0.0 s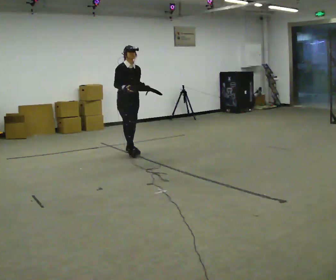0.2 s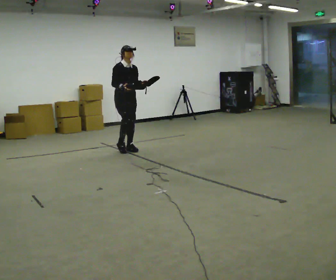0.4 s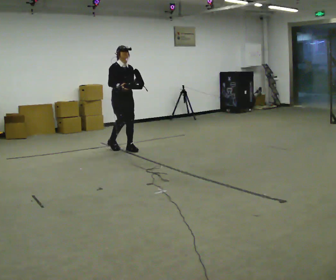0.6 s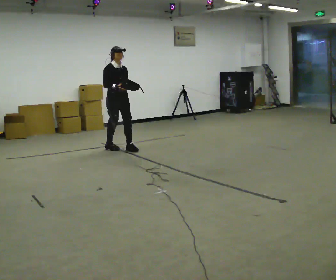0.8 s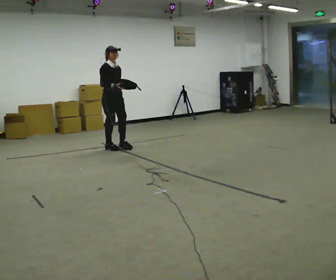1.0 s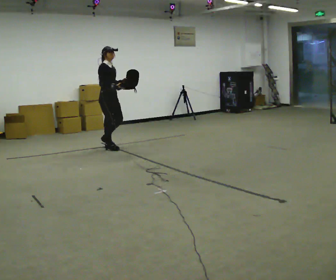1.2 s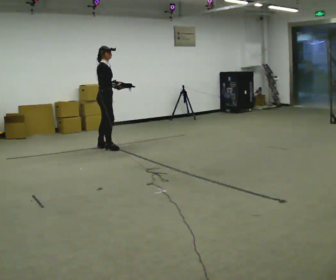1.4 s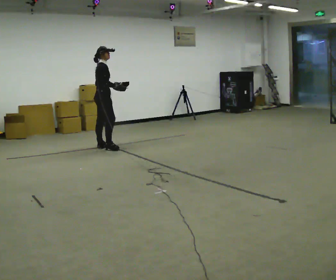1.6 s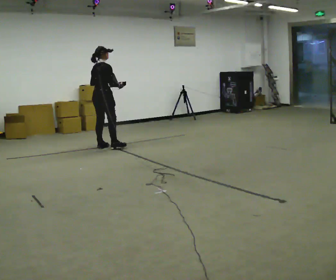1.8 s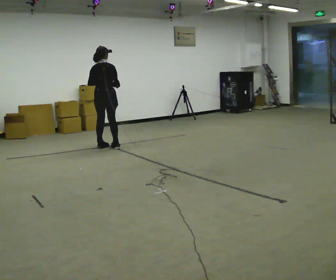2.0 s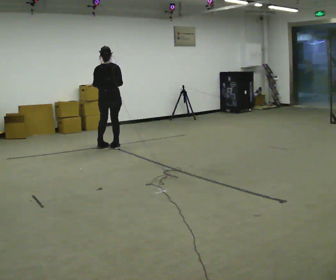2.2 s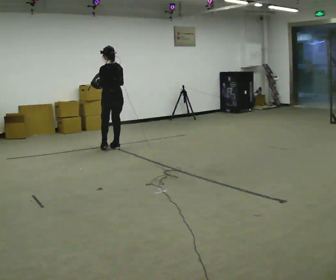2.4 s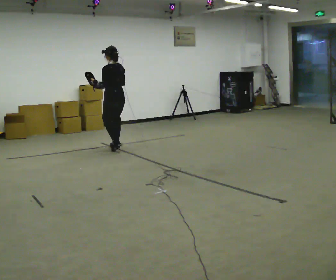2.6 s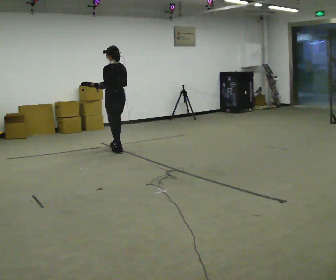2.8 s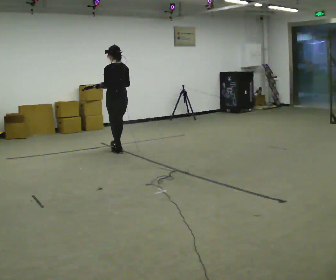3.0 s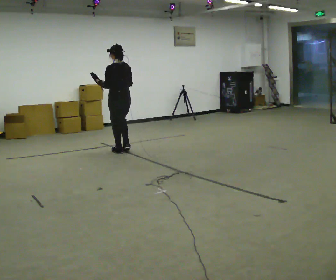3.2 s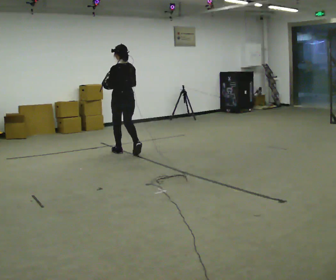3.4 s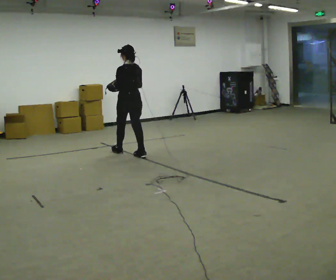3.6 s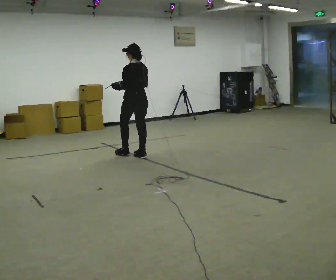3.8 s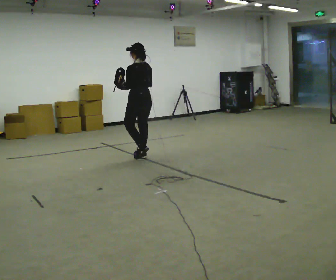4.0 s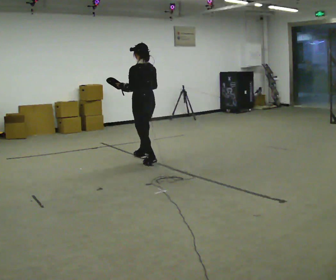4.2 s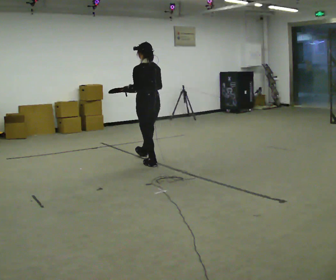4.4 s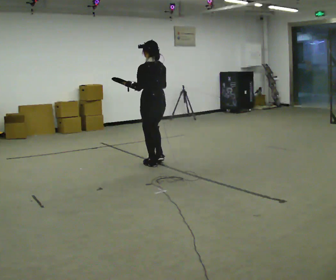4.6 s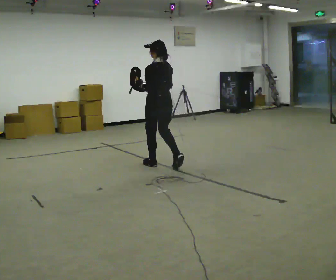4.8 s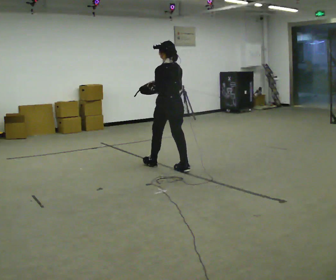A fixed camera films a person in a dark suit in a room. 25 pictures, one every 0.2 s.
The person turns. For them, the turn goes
to their left.
The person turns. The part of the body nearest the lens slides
to the right.
0.0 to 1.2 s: Seen from above the body turns counterclockwise, about 60 degrees: to their left, with its near side sliding to the right. In the picture they go to the left and away from the camera, about 0.5 m in 1 step, which for them is backward and to their right.
1.2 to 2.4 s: Seen from above the body turns counterclockwise, about 135 degrees: to their left, with its near side sliding to the right. In the picture they go to the right, about 0.25 m in 2 steps.
2.4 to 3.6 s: In the picture they go toward the camera and to the right, about 0.5 m in 2 steps, which for them is backward.
3.6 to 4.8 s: In the picture they go toward the camera and to the right, about 1 m in 1 step, which for them is backward.
The film runs backward here.
